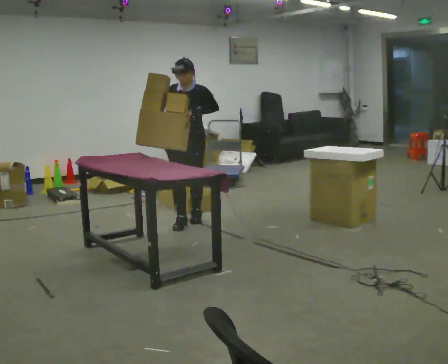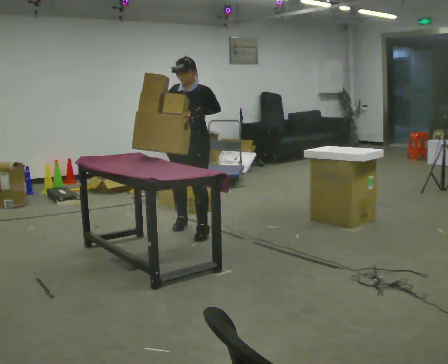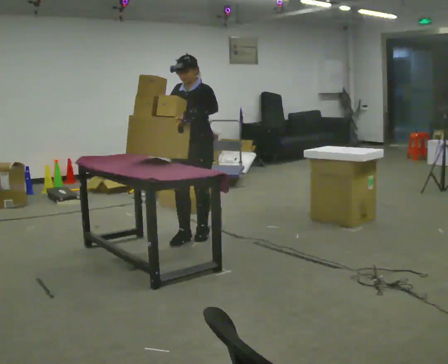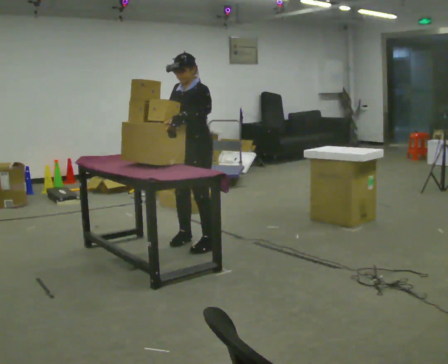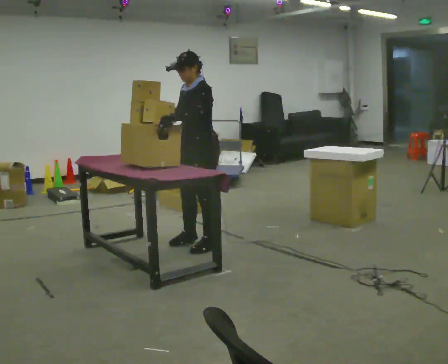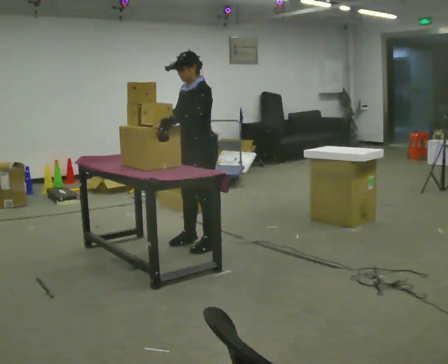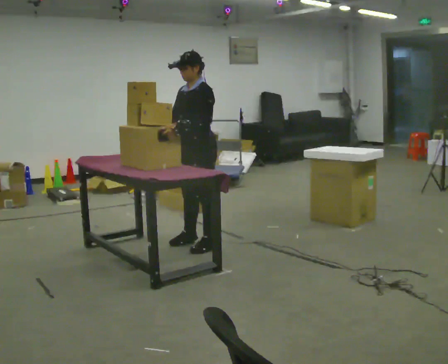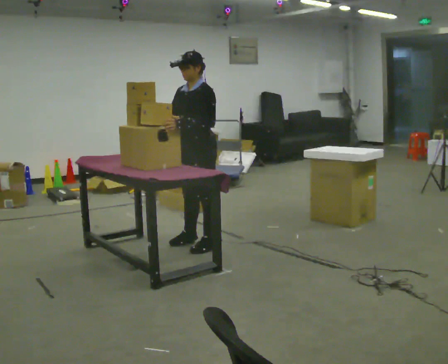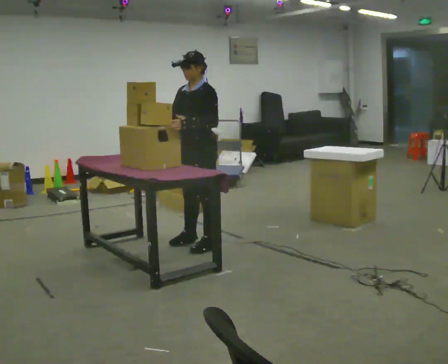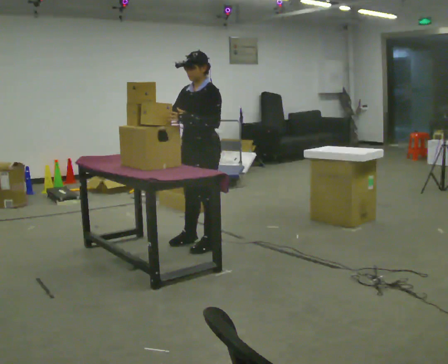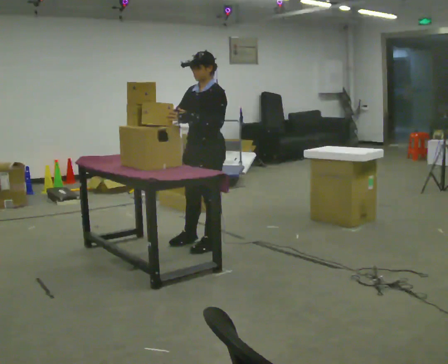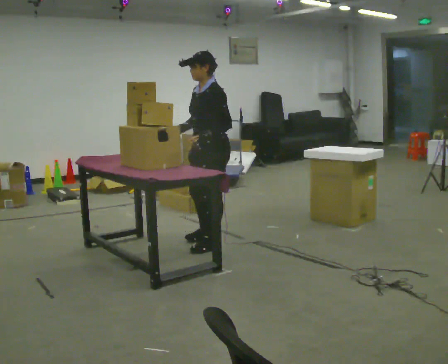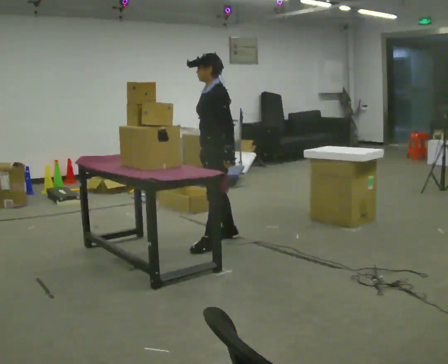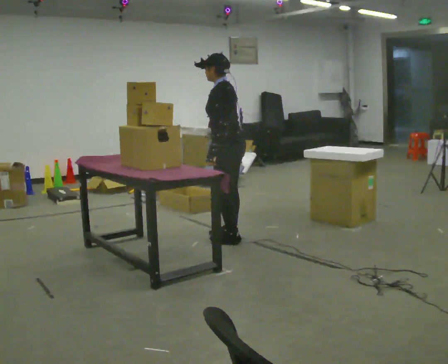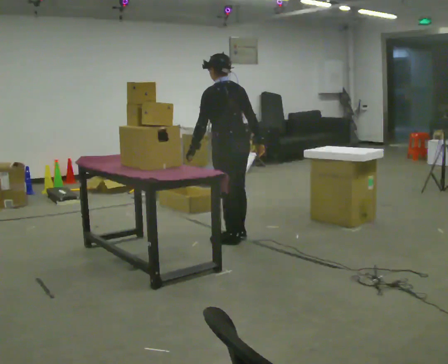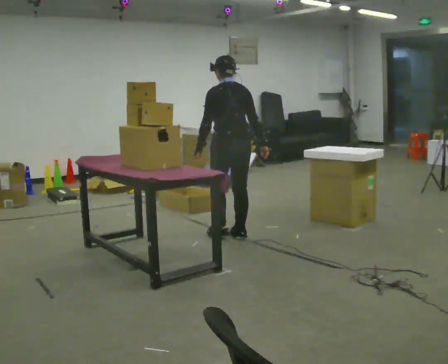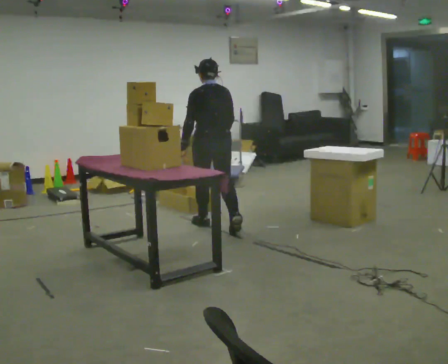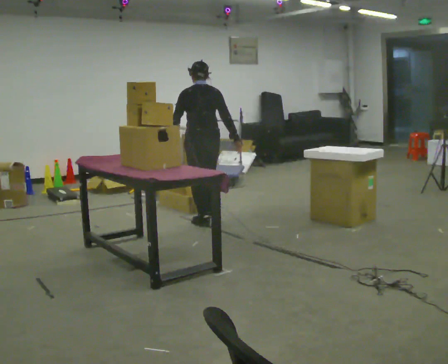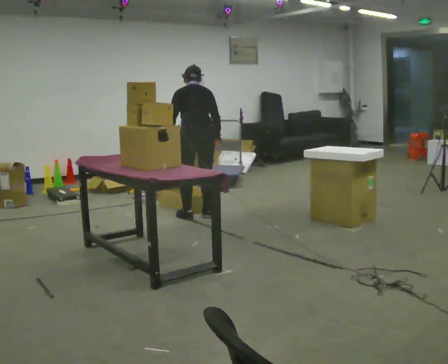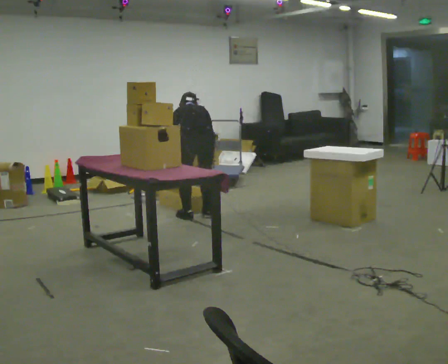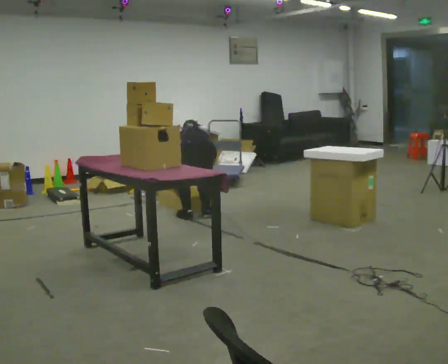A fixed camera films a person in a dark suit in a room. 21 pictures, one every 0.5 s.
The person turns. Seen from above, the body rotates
clockwise.
The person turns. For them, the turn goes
to their right.
0.0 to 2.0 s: Seen from above the body turns clockwise, about 45 degrees: to their right, with its near side sliding to the left. In the picture they go toward the camera, about 0.5 m in 3 steps, which for them is forward and to their left.
2.0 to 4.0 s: The person moves a little, or ends about where they began.
4.0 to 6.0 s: The person turns about 30 degrees to their right, clockwise seen from above, so the part of the body nearest the lens slides to the left. In the picture they go to the right, about 0.25 m in 1 step, which for them is backward. In the picture their right hand goes to the right, the arm swinging counterclockwise.
6.0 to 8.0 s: The part of the body nearest the lens slides to the left as the person turns to their right by about 90 degrees. In the picture they go away from the camera, about 0.5 m in 2 steps.
8.0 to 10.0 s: In the picture they go away from the camera, about 0.25 m in 2 steps, which for them is forward. The shoulders move downward. The upper body tips away from the camera, its near side rolling upward, as they bend forward. In the picture their right hand goes downward.
The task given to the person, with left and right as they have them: 1. Move everything from the second bin into the first bin. 2. Carry the empty bin to the shelf. 3. Carry the full bin to the table. 4. Tell the operator when you are finished.
The film runs forward here.
